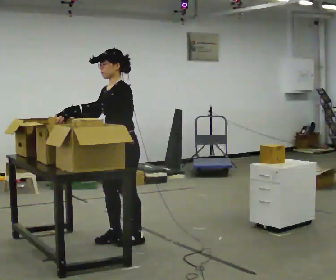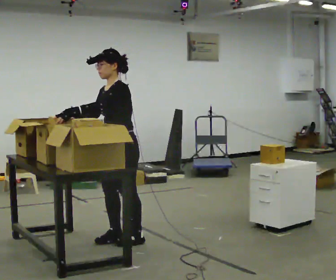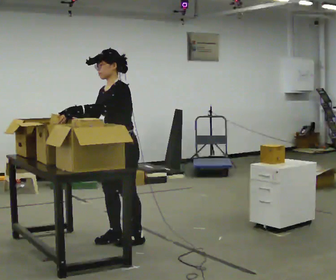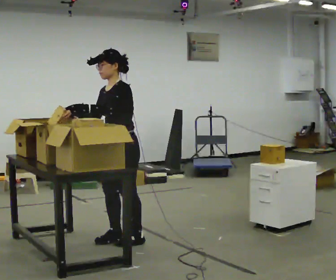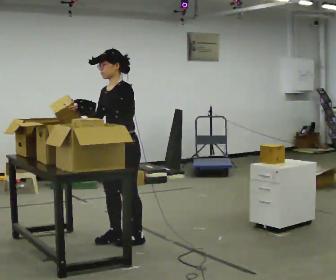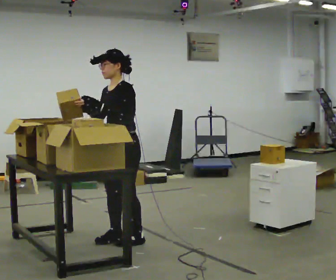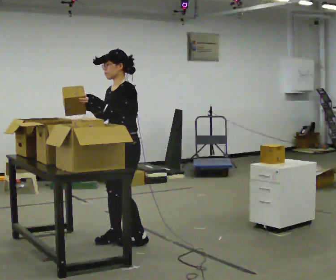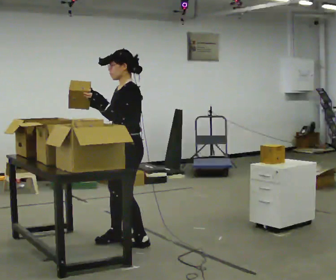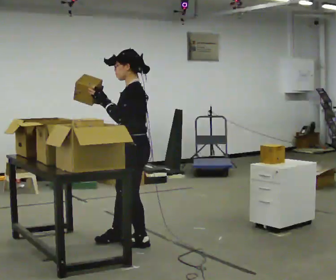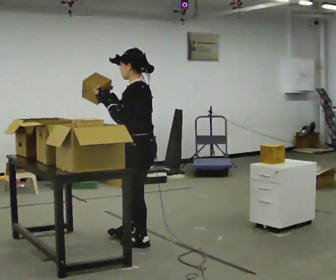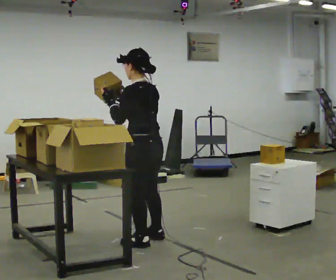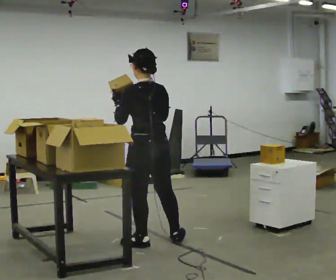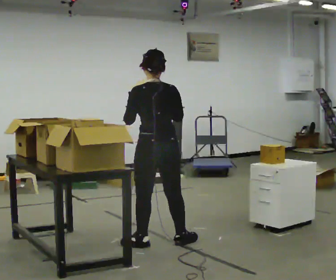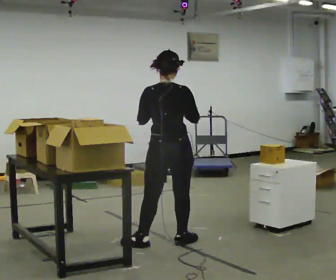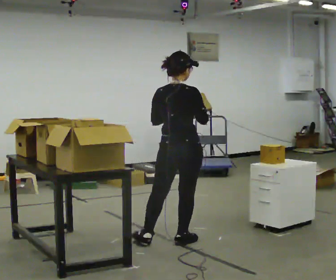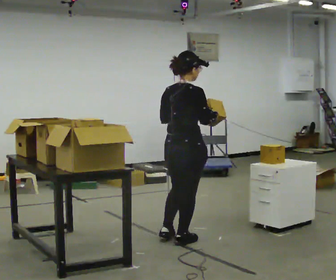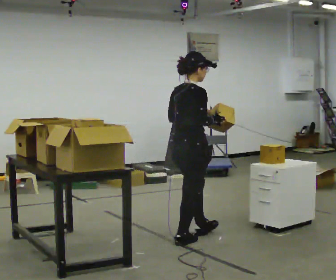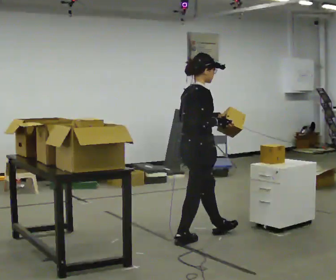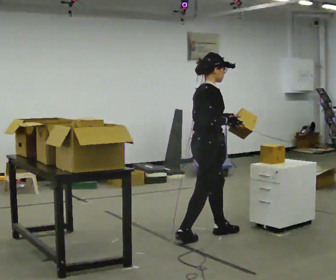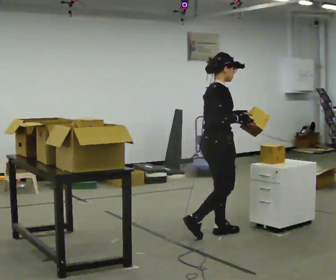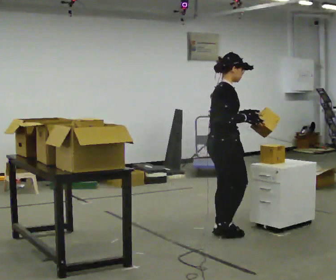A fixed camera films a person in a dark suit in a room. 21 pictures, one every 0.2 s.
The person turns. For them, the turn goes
to their right.
The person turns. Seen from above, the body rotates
clockwise.
0.0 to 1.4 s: The person moves a little, or ends about where they began.
1.4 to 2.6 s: The part of the body nearest the lens slides to the left as the person turns to their right by about 105 degrees. In the picture they go to the right, about 0.25 m in 1 step.
2.6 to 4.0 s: The person turns about 75 degrees to their right, clockwise seen from above, so the part of the body nearest the lens slides to the left. In the picture they go to the right and away from the camera, about 0.5 m in 1 step.
The film runs forward here.
